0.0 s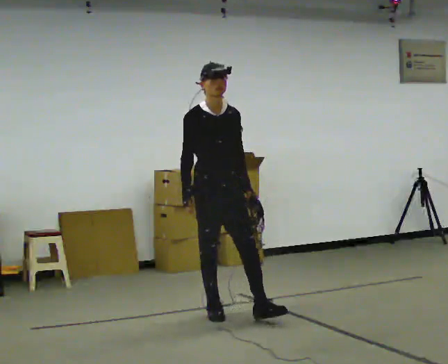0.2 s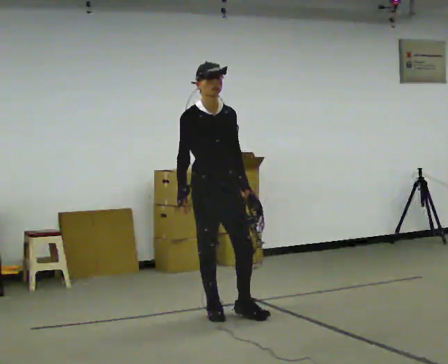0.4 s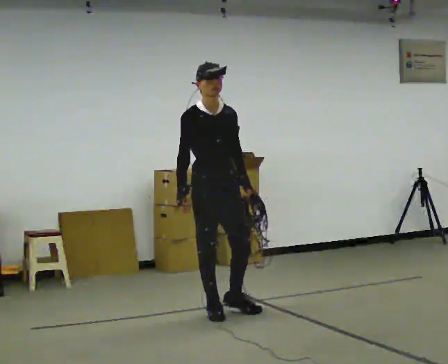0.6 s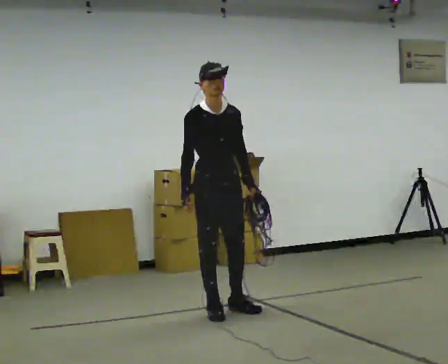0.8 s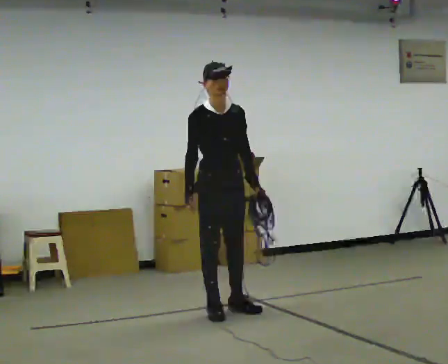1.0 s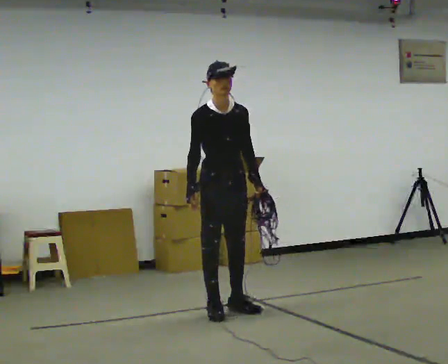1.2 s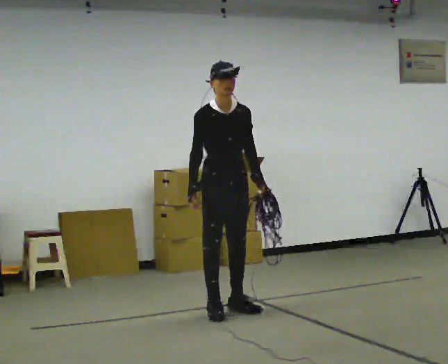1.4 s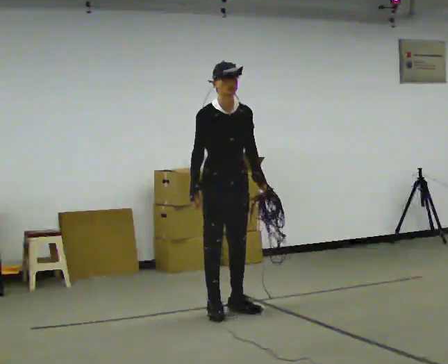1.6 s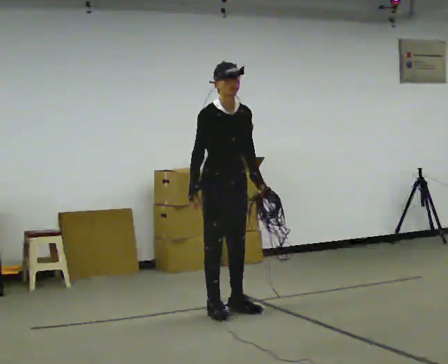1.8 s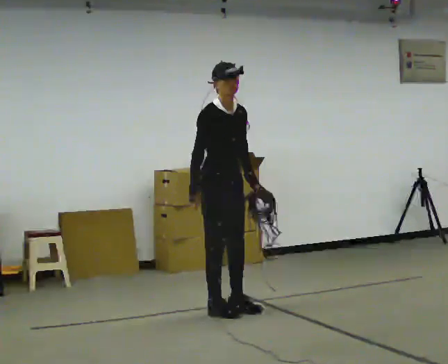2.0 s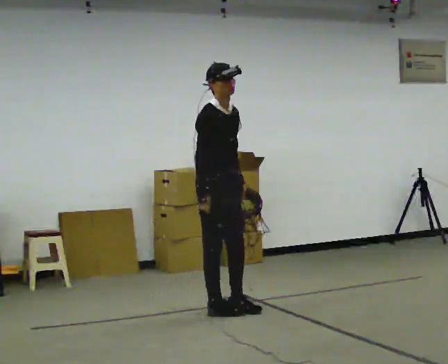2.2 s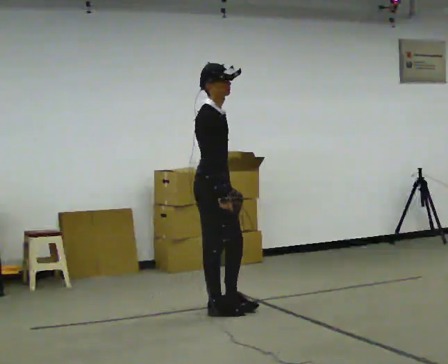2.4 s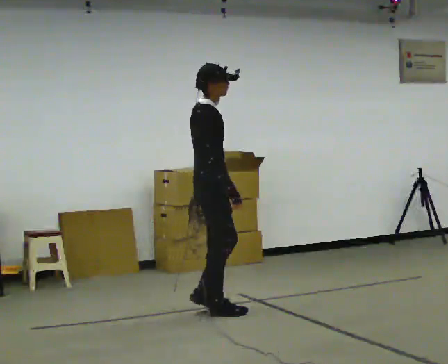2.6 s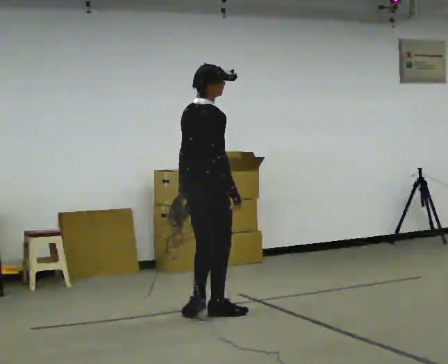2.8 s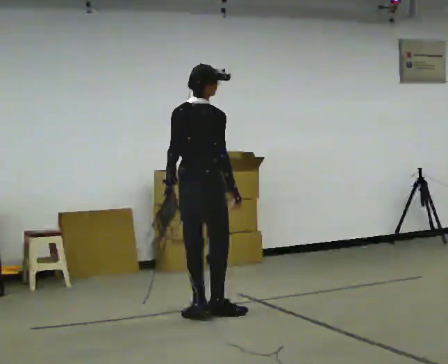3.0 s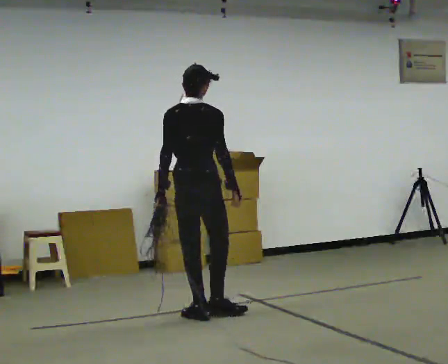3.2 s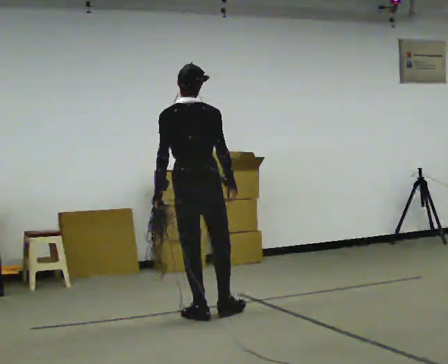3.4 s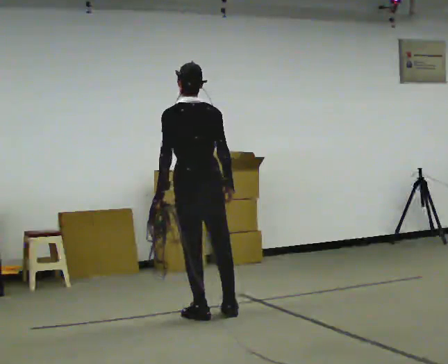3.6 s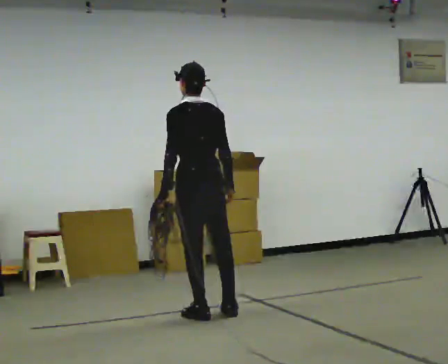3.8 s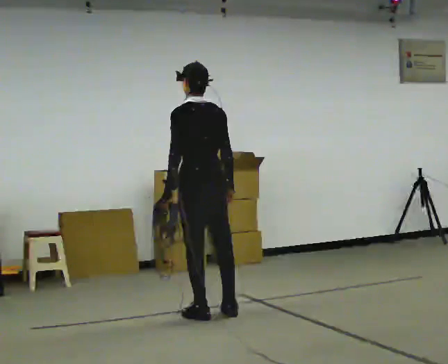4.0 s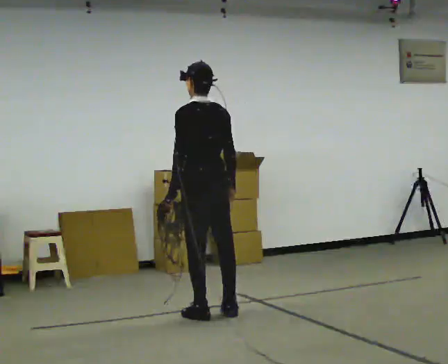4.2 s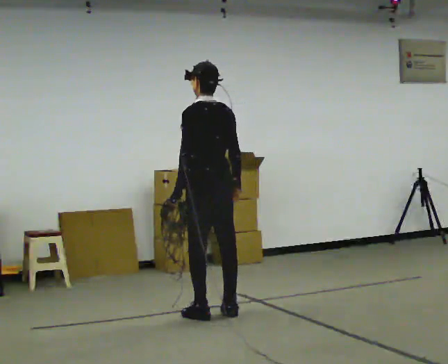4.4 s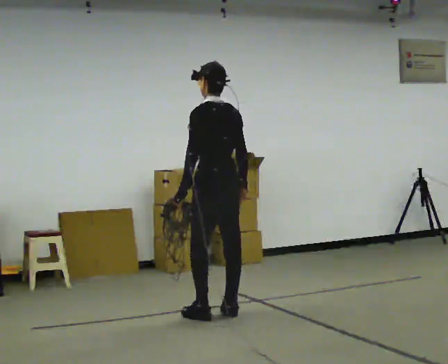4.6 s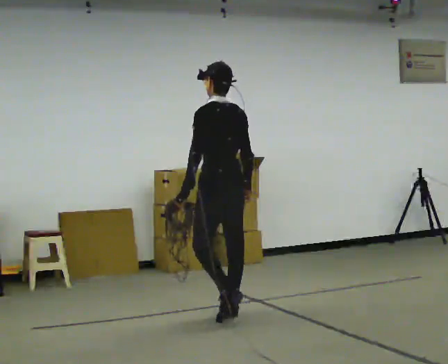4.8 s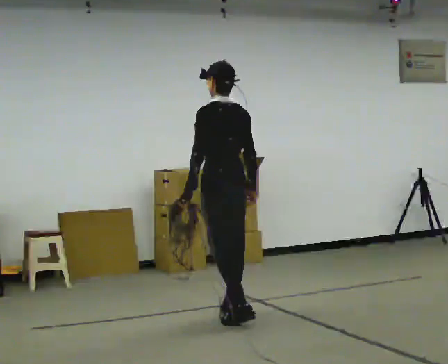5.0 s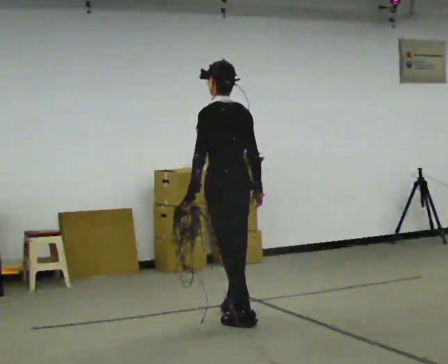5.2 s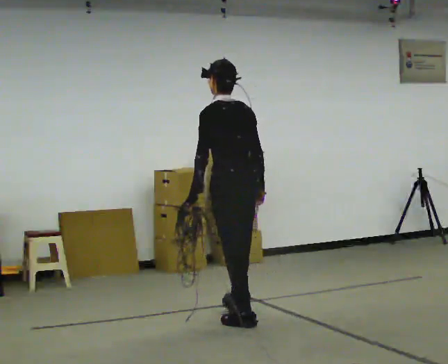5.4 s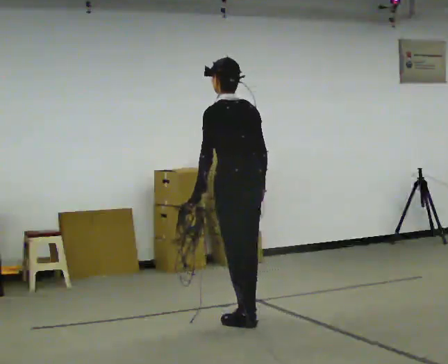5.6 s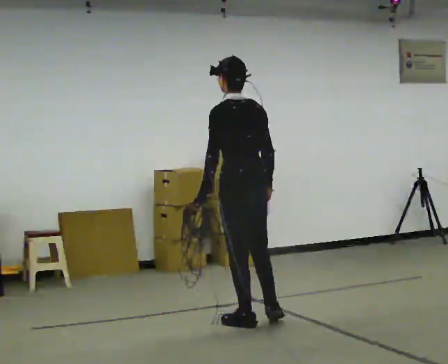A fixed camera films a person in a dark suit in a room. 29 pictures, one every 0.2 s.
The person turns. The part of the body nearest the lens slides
to the right.
The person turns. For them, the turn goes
to their left.
0.0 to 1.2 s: The person moves a little, or ends about where they began.
1.2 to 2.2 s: The part of the body nearest the lens slides to the right as the person turns to their left by about 45 degrees.
2.2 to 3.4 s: Seen from above the body turns counterclockwise, about 120 degrees: to their left, with its near side sliding to the right. In the picture their left hand goes to the left.
3.4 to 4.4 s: Seen from above the body turns counterclockwise, about 30 degrees: to their left, with its near side sliding to the right.
4.4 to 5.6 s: In the picture they go toward the camera and to the right, about 0.5 m in 1 step, which for them is backward.
The film runs backward here.
